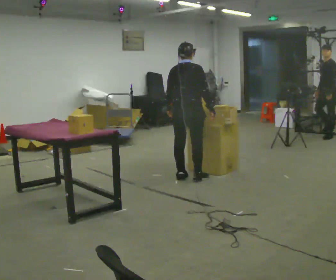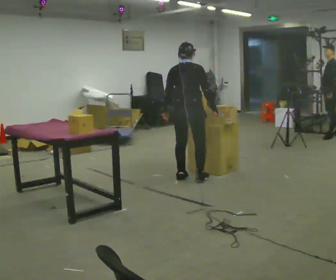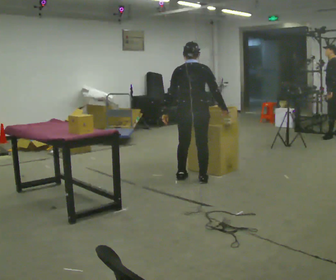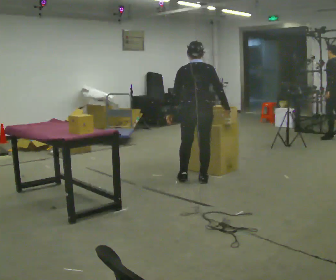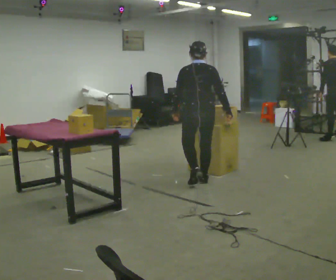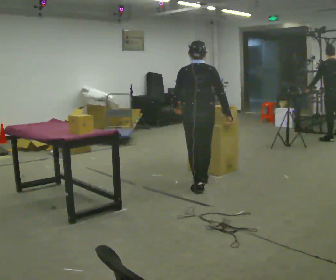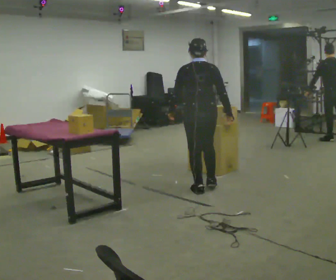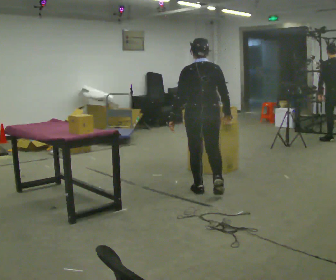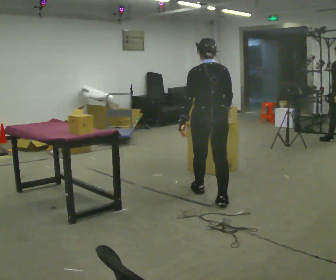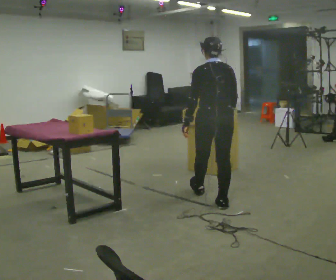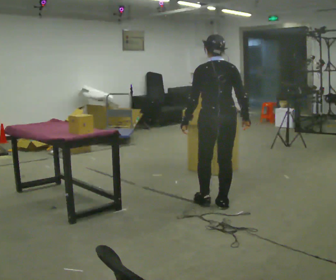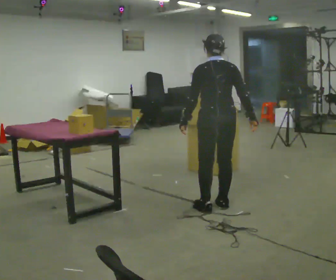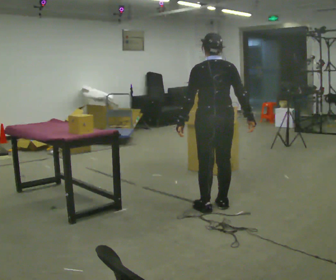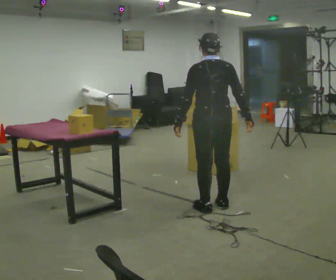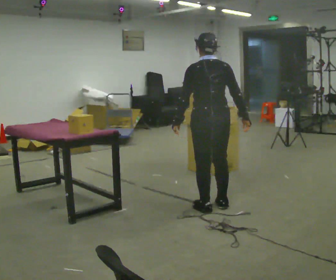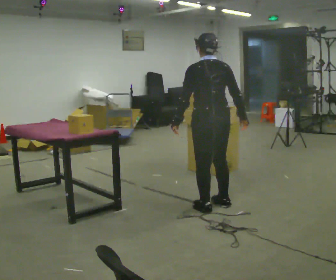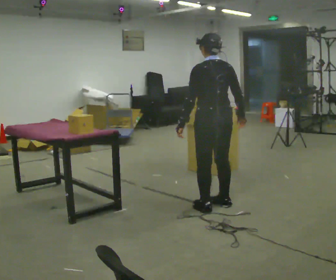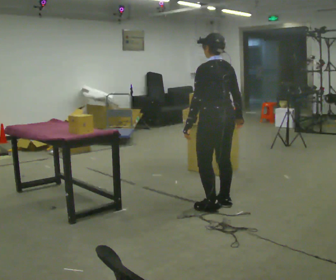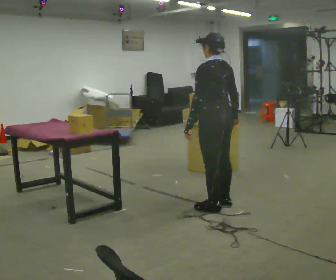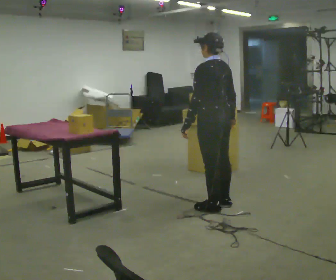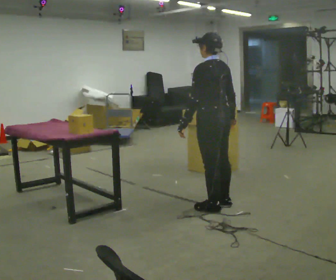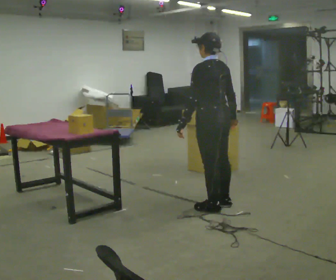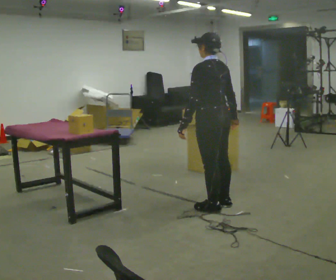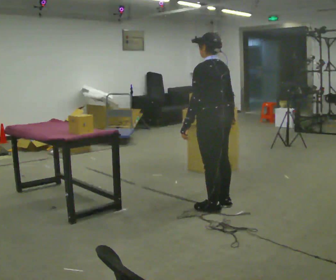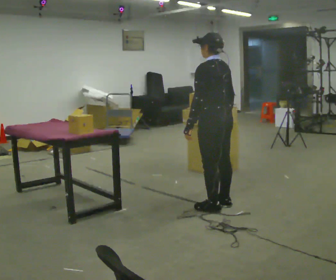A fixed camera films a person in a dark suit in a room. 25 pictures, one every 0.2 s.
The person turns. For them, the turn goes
to their left.
The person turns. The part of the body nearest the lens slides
to the right.
0.0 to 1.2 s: The person turns about 30 degrees to their left, counterclockwise seen from above, so the part of the body nearest the lens slides to the right. In the picture they go toward the camera, about 0.5 m in 2 steps, which for them is backward.
1.2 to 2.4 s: In the picture they go toward the camera, about 0.5 m in 1 step, which for them is backward.
2.4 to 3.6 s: The person turns about 30 degrees to their left, counterclockwise seen from above, so the part of the body nearest the lens slides to the right.
3.6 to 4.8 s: The person moves a little, or ends about where they began.
The film runs backward here.
